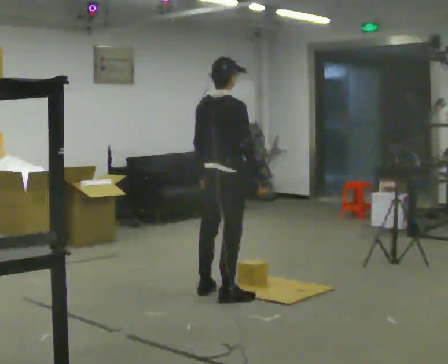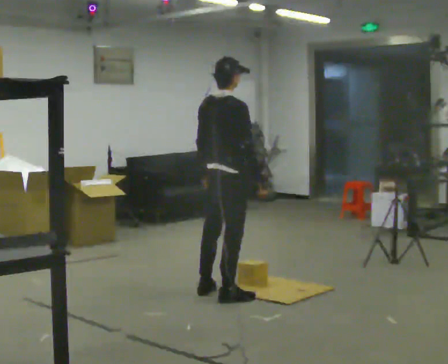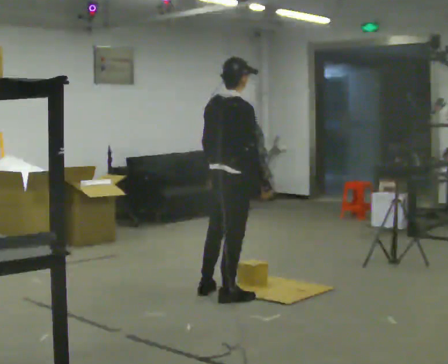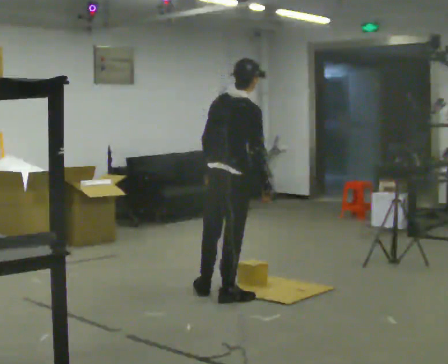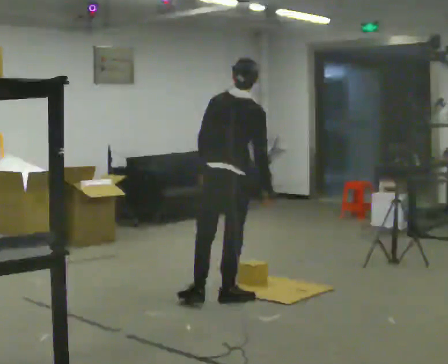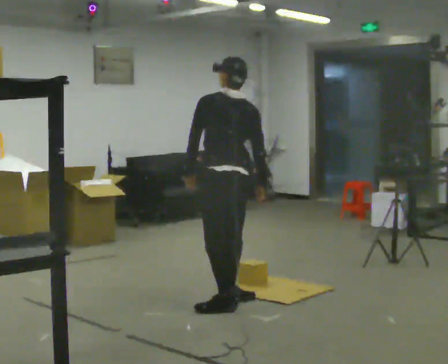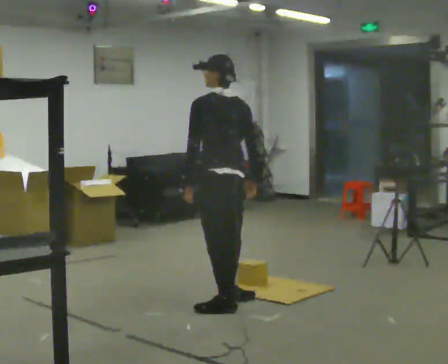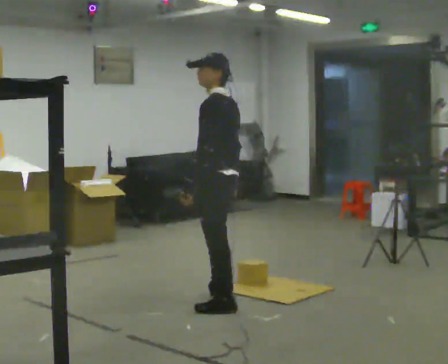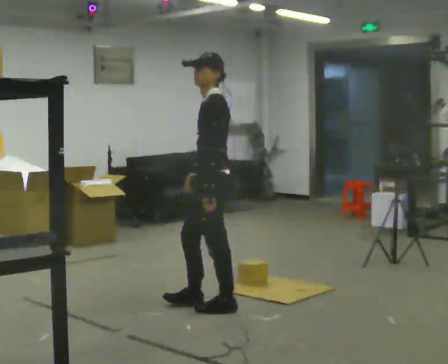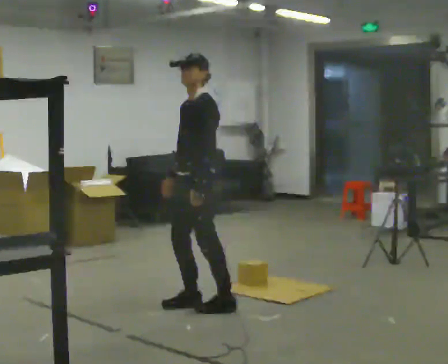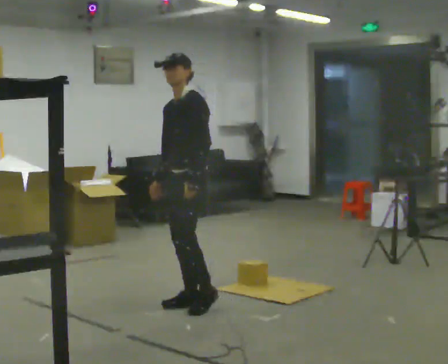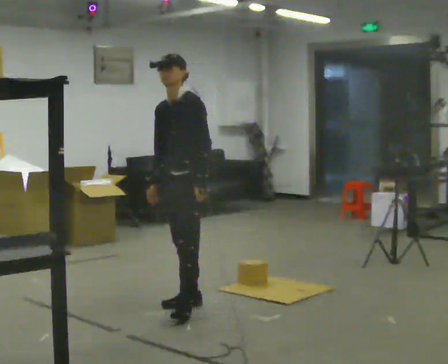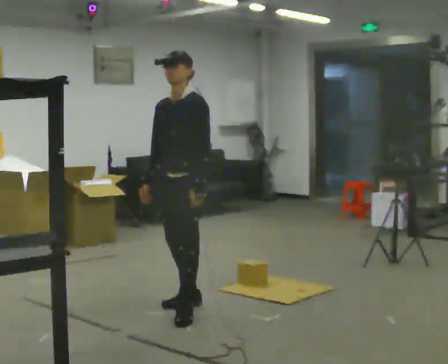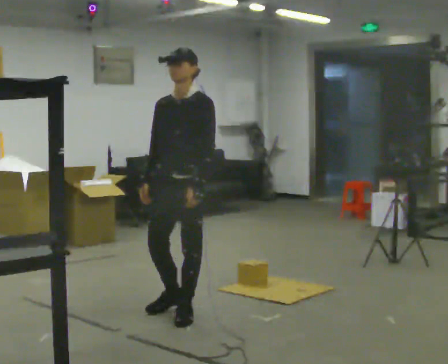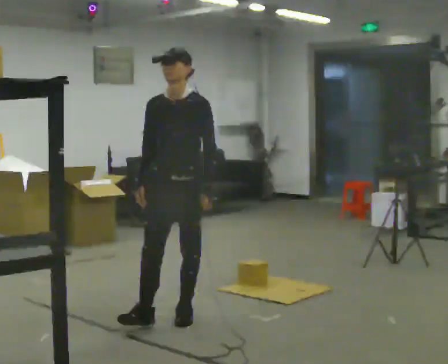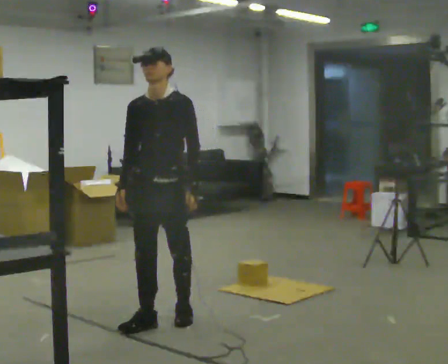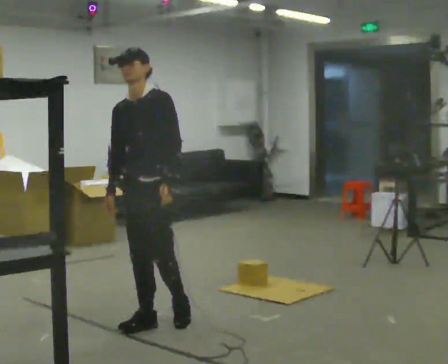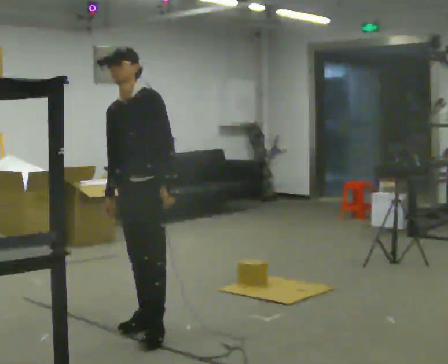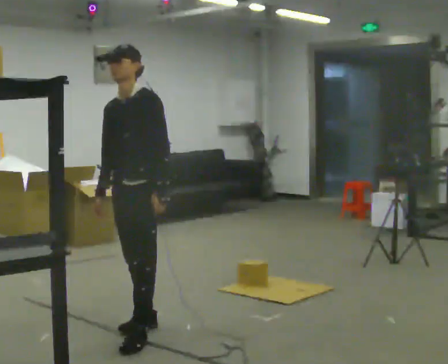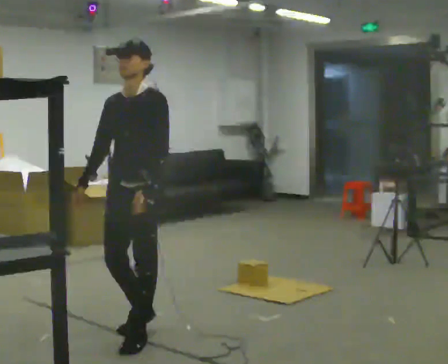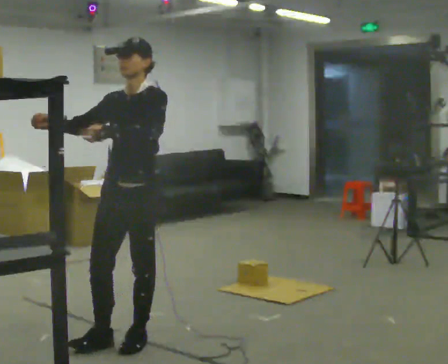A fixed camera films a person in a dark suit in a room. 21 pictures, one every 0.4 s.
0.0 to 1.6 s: In the picture they go toward the camera, about 0.25 m, which for them is to their right.
1.6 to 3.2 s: The part of the body nearest the lens slides to the right as the person turns to their left by about 105 degrees. In the picture they go toward the camera, about 0.25 m in 2 steps. In the picture the upper body tilts counterclockwise, shoulders to the left. In the picture their right hand goes to the left.
3.2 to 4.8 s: Seen from above the body turns counterclockwise, about 60 degrees: to their left, with its near side sliding to the right. In the picture they go to the left, about 0.25 m in 1 step, which for them is forward. In the picture their right hand goes to the left.
4.8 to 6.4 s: In the picture they go toward the camera and to the left, about 0.25 m in 1 step, which for them is forward.
6.4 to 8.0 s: In the picture they go toward the camera, about 0.5 m in 1 step, which for them is forward and to their left. In the picture their right hand goes upward, the arm swinging clockwise.
The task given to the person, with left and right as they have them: 1. Bring the boxes over from the shelf one at a time. 2. Stack them on the pallet with the heaviest at the bottom. 3. Do not stack more than three high. 4. Tell the operator when you are finished.
The film runs forward here.
